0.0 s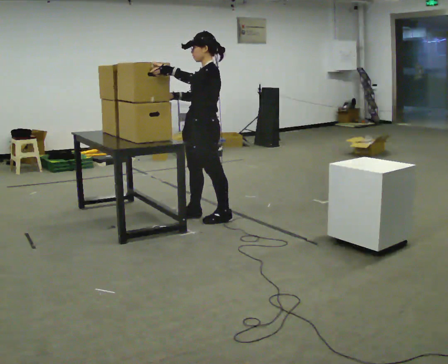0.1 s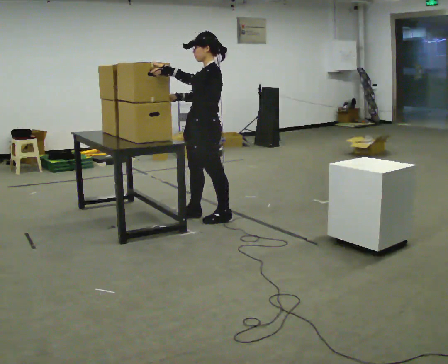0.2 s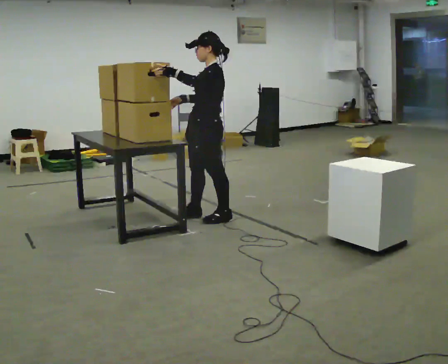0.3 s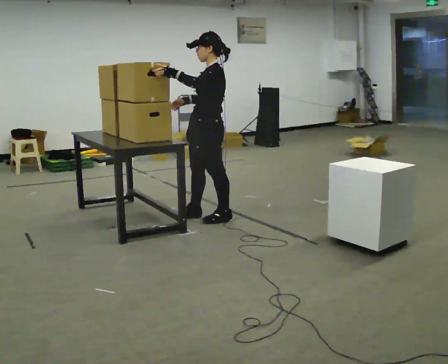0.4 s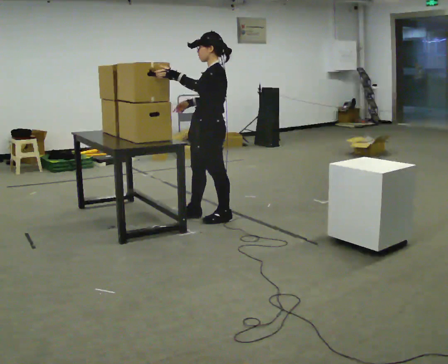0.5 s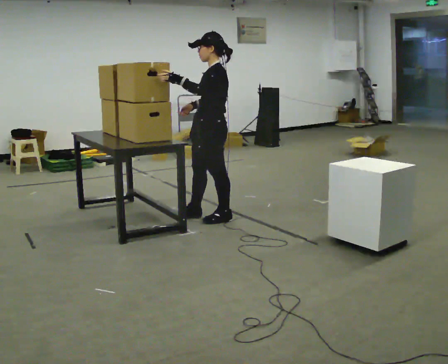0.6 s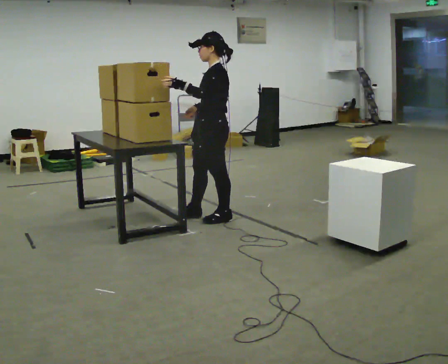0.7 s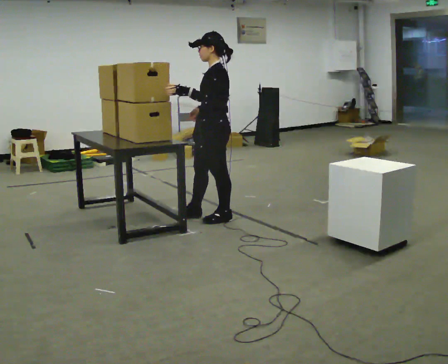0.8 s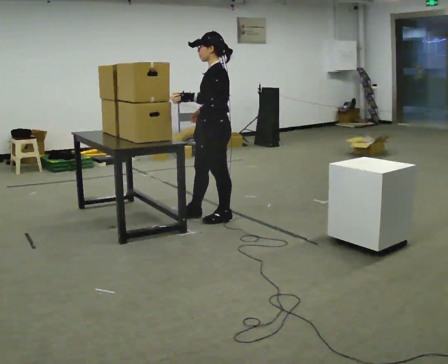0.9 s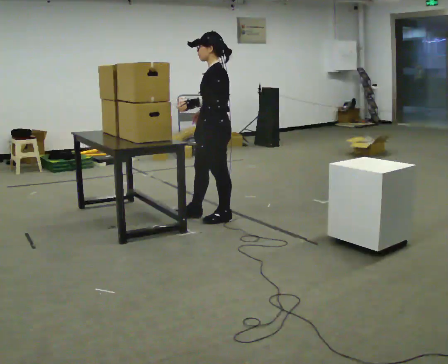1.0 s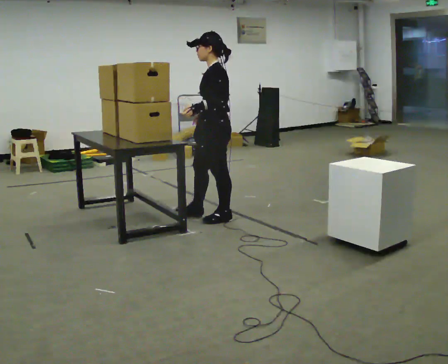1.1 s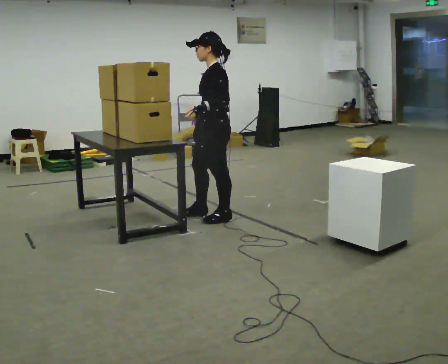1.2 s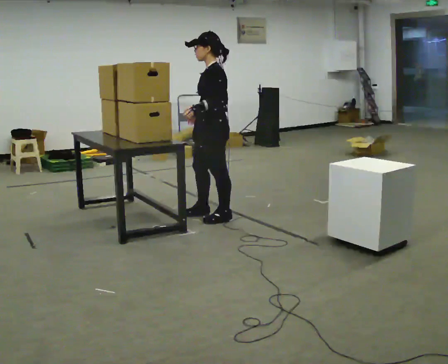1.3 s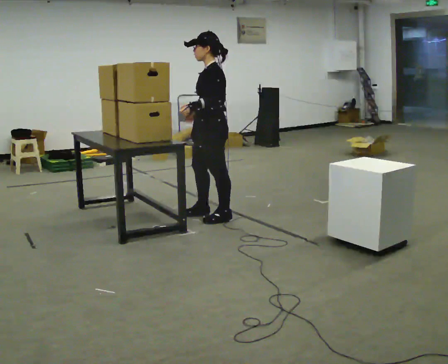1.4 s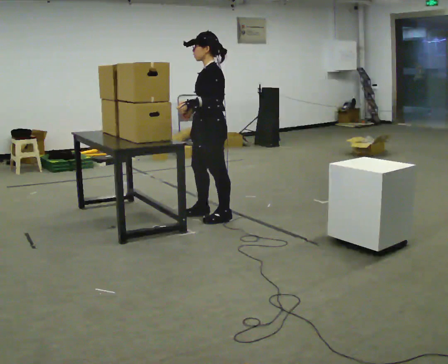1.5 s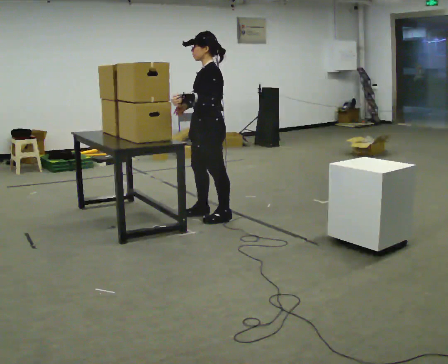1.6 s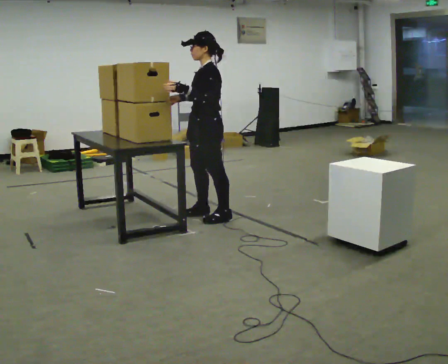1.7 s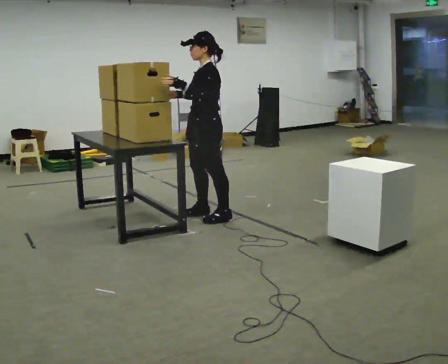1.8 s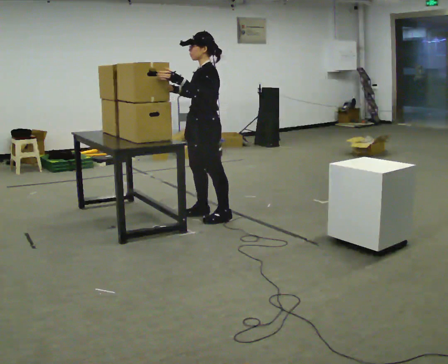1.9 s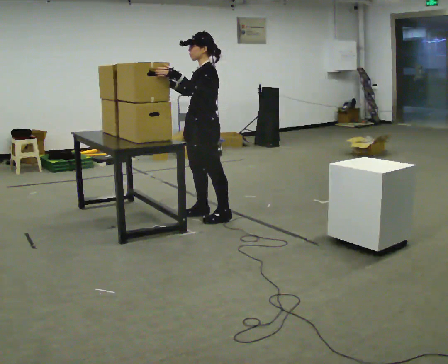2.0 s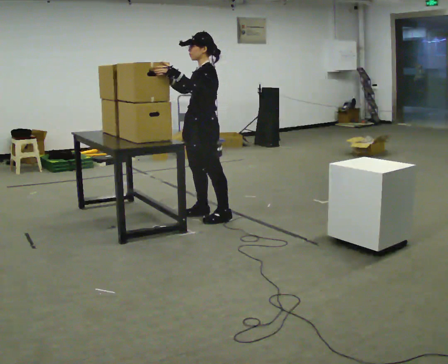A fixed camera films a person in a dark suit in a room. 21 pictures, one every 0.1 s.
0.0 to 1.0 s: The person moves a little, or ends about where they began.
1.0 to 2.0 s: In the picture their right hand goes to the left and upward, the arm swinging clockwise.
The film runs forward here.
